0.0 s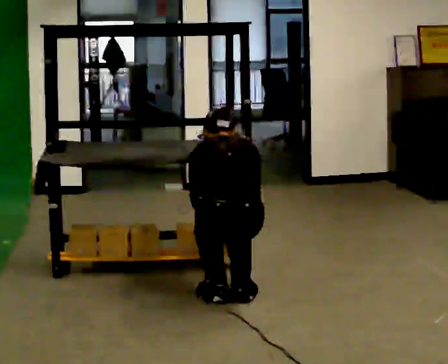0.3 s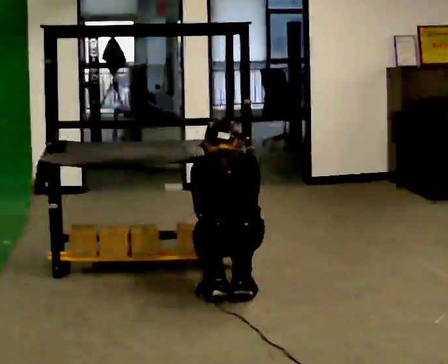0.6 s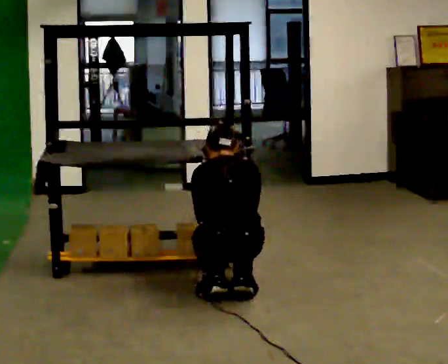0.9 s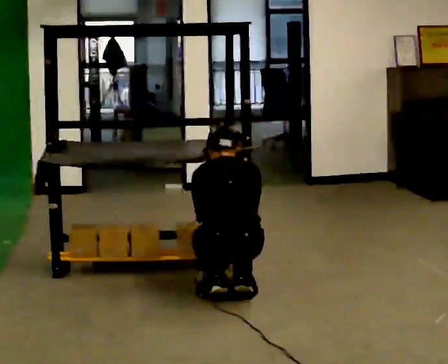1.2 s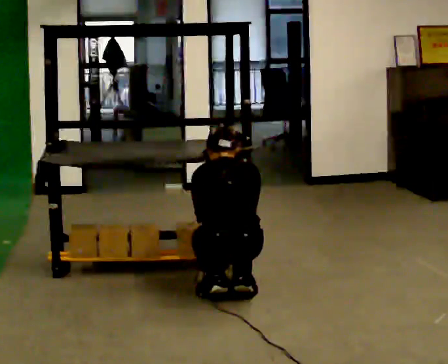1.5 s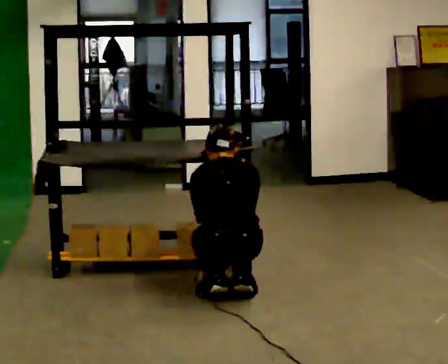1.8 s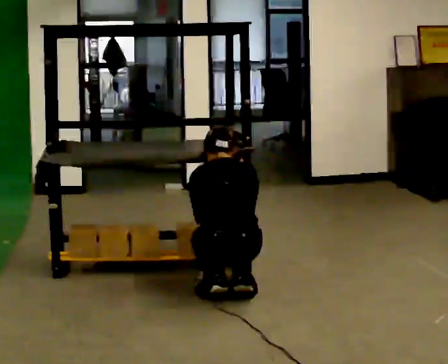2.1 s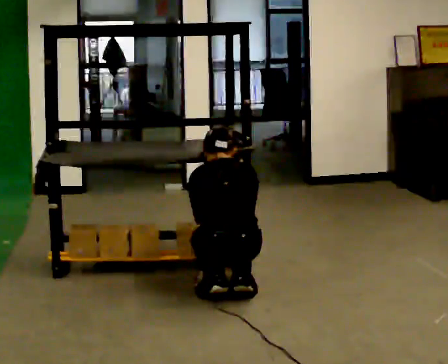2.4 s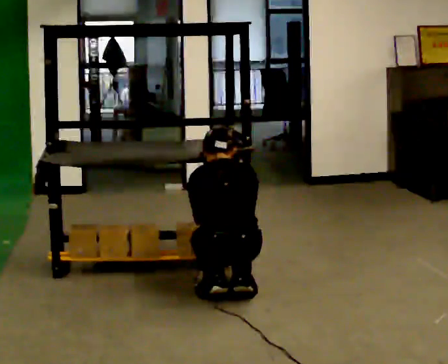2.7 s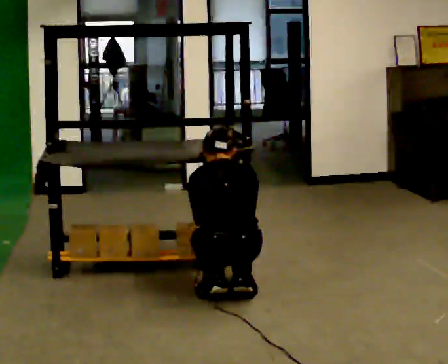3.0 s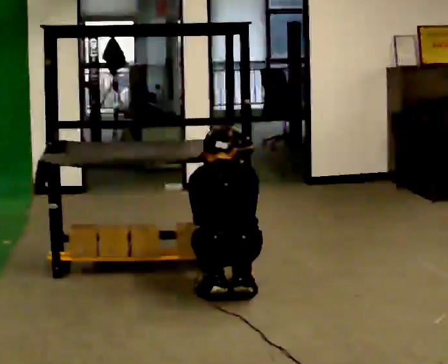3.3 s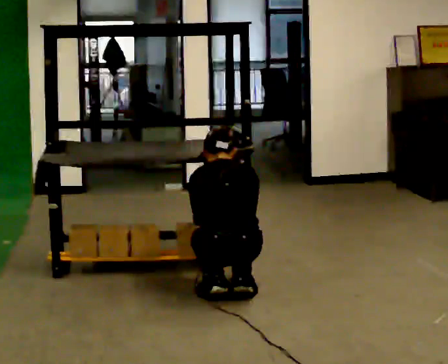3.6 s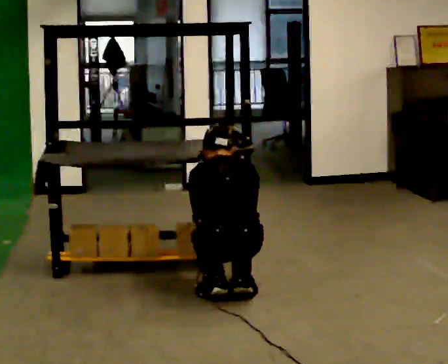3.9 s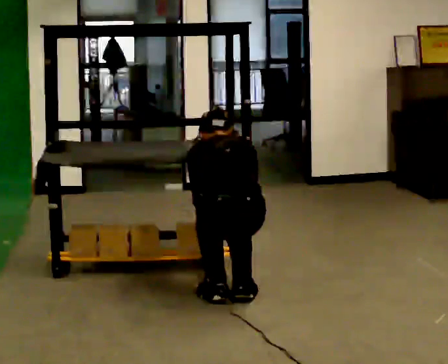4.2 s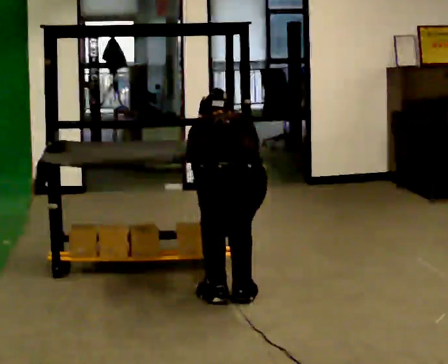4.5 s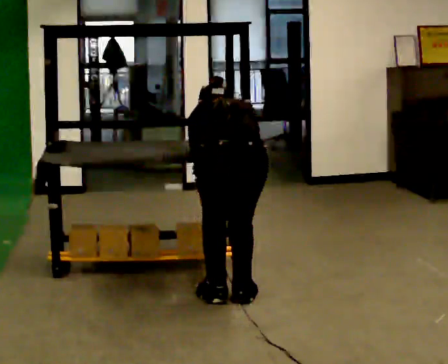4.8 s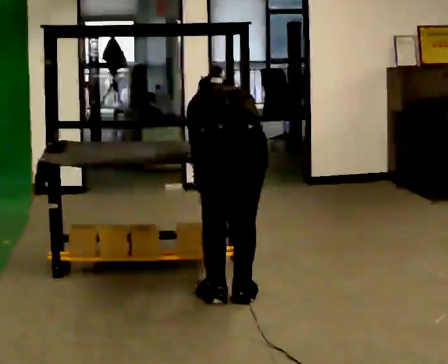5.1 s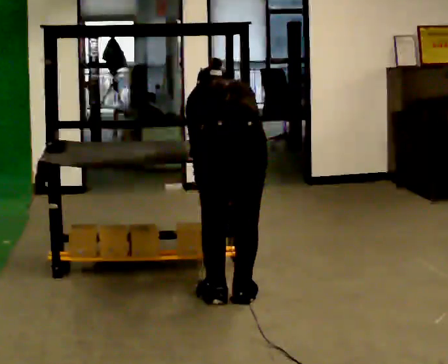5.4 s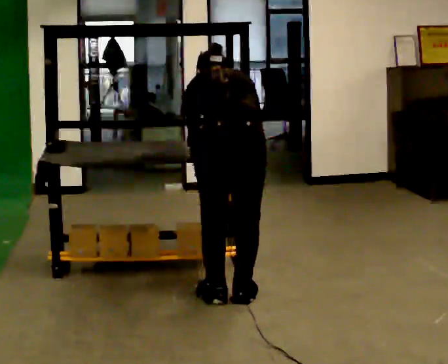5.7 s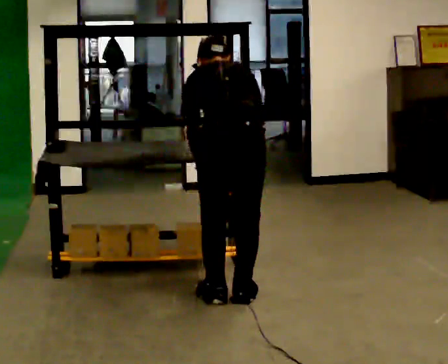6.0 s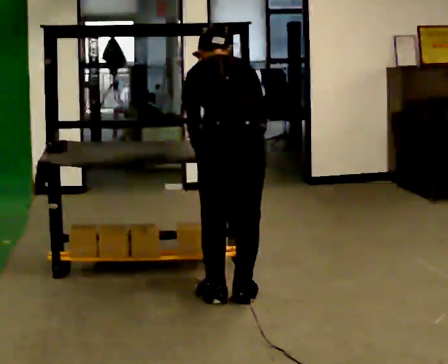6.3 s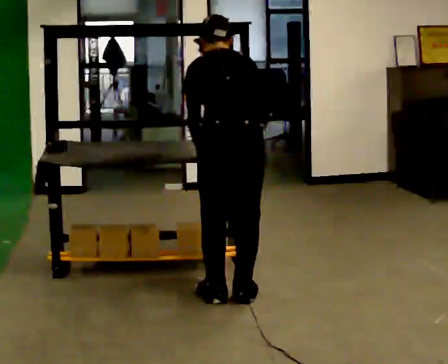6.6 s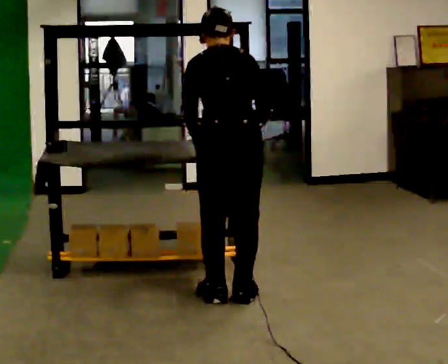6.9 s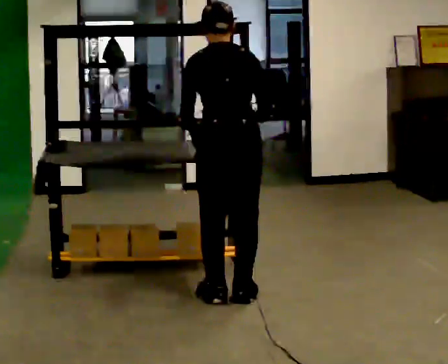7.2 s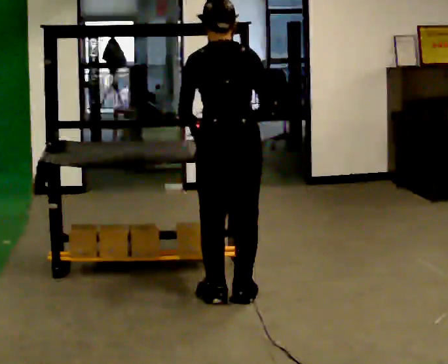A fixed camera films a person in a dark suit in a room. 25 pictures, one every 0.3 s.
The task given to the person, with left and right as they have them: Take an object from the lowest shelf, carry it across the room, and place it on the highest shelf you can comfortably reach. Keep going until the operator says stop; one object at a time, and do not rush between trips.
0.0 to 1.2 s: The person moves a little, or ends about where they began.
1.2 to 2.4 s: The person keeps their place and pose.
2.4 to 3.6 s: The person moves a little, or ends about where they began.
3.6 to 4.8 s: The shoulders move upward. The upper body tips away from the camera, its near side rolling upward, as they bend forward.
4.8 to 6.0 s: The shoulders move upward. The upper body tips toward the camera, its near side rolling downward, as they lean back or straighten.
6.0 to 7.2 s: The upper body tips toward the camera, its near side rolling downward, as they lean back or straighten.
The film runs forward here.
